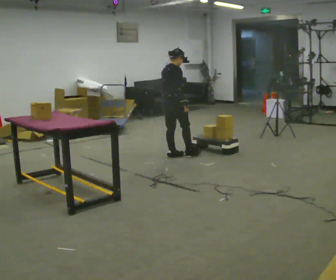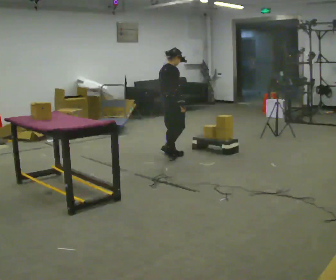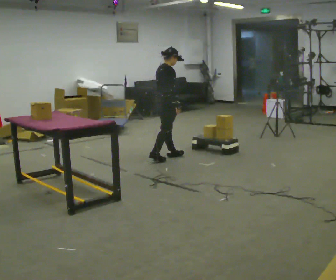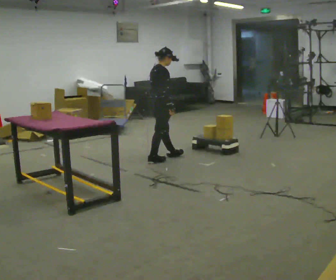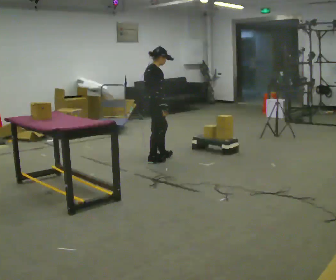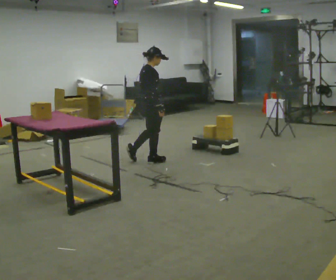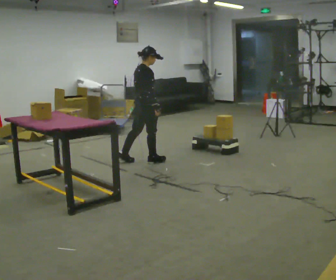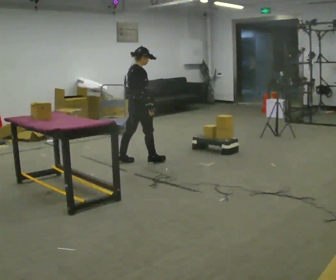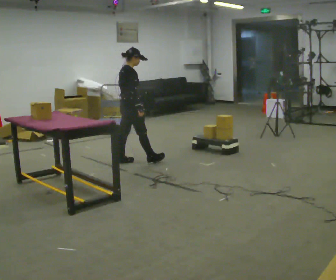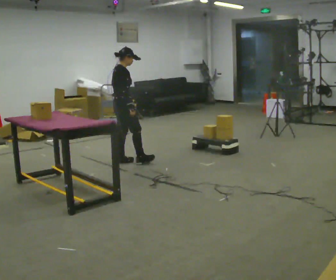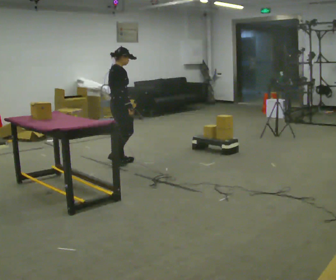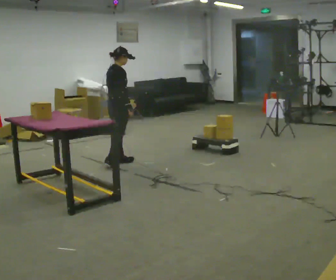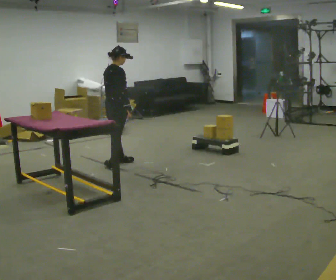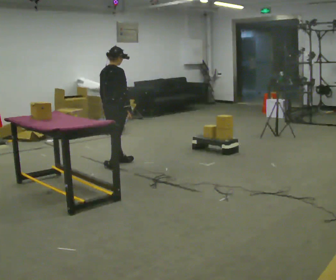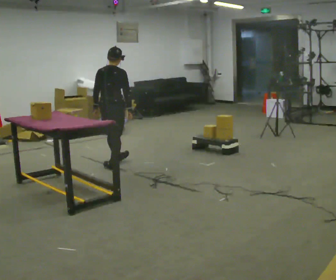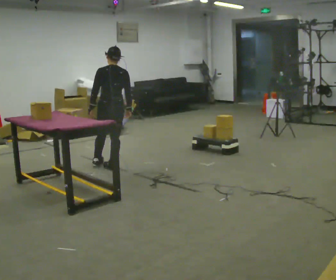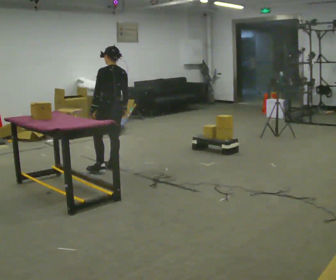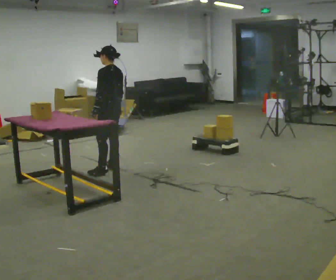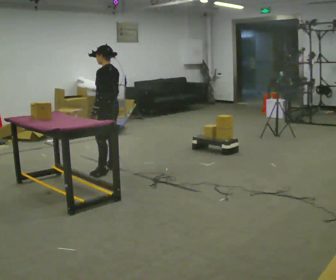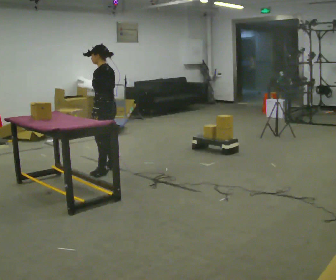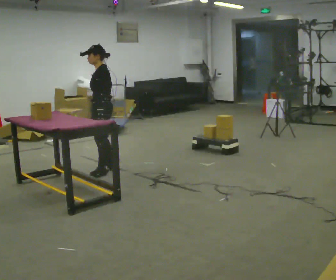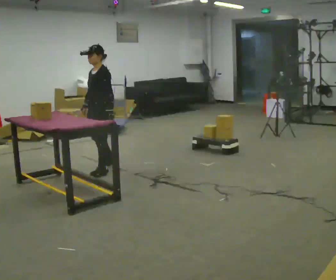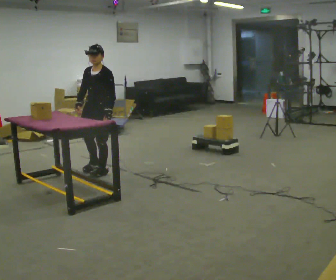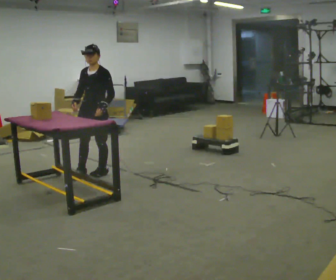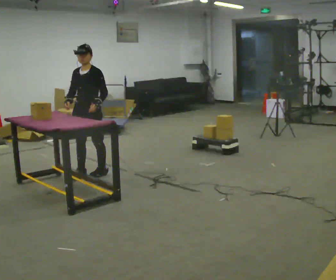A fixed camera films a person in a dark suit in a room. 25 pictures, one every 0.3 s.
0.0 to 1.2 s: In the picture they go to the left and toward the camera, about 0.25 m in 1 step, which for them is backward.
1.2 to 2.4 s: In the picture they go to the left, about 0.25 m, which for them is backward and to their left.
2.4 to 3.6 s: In the picture they go to the left, about 0.25 m in 1 step, which for them is backward.
3.6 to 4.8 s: The person turns about 90 degrees to their left, counterclockwise seen from above, so the part of the body nearest the lens slides to the right. In the picture they go toward the camera, about 0.25 m in 1 step.
4.8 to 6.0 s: The person turns about 45 degrees to their left, counterclockwise seen from above, so the part of the body nearest the lens slides to the right.
6.0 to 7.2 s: Seen from above the body turns counterclockwise, about 60 degrees: to their left, with its near side sliding to the right. In the picture they go to the left, about 0.25 m in 1 step. In the picture their right hand goes to the left.
The film runs backward here.
